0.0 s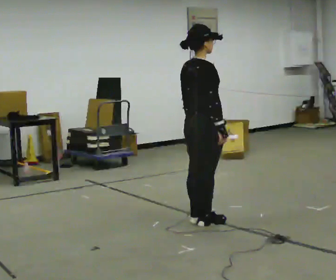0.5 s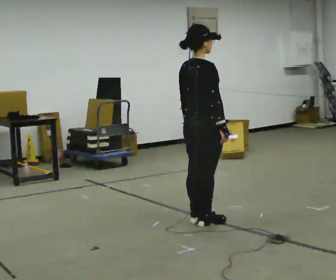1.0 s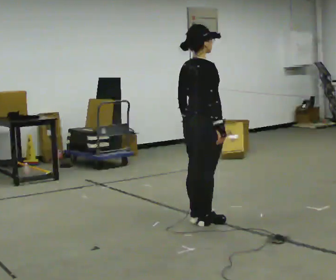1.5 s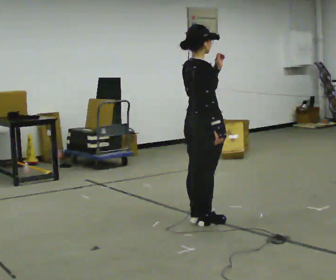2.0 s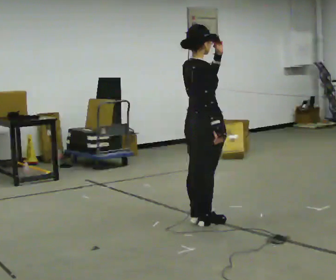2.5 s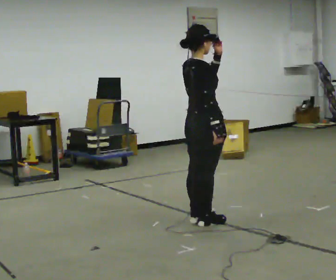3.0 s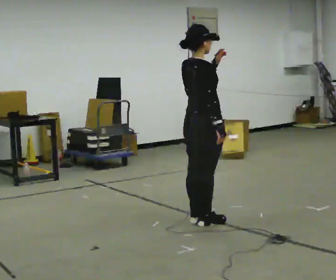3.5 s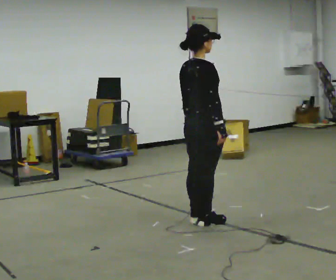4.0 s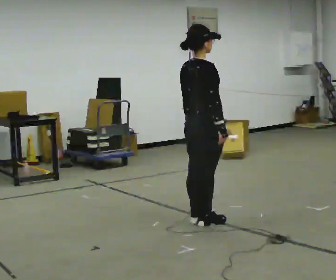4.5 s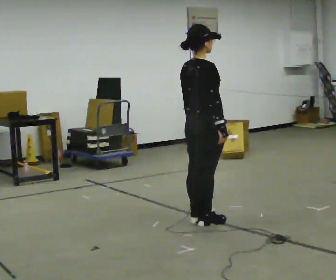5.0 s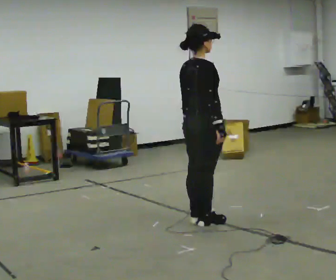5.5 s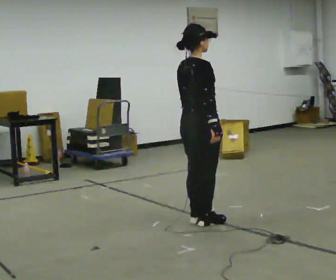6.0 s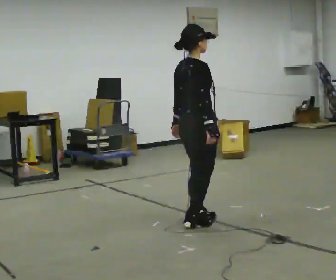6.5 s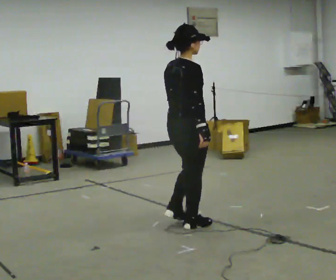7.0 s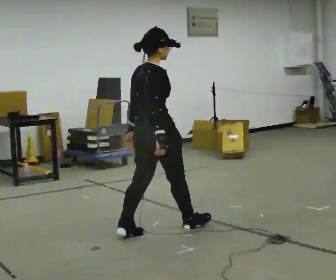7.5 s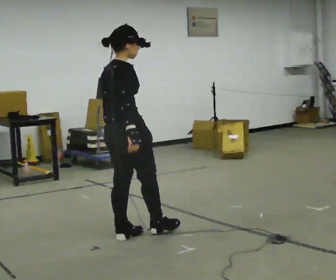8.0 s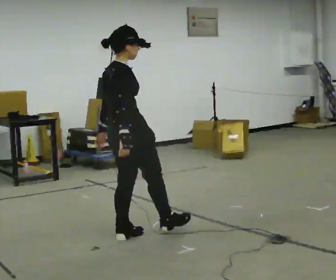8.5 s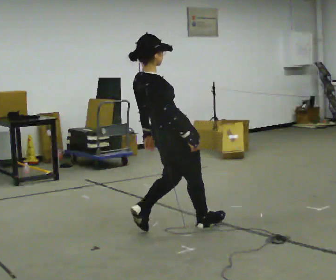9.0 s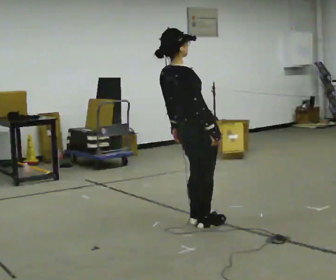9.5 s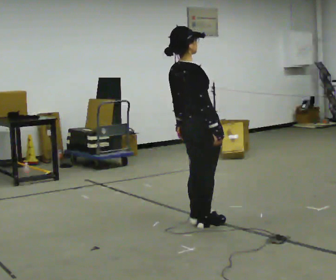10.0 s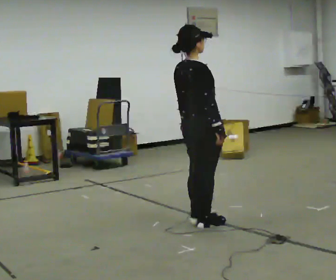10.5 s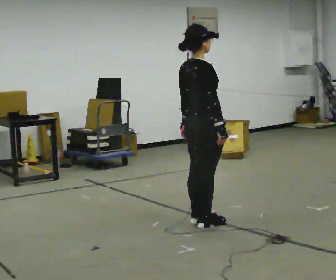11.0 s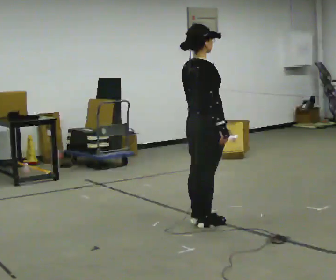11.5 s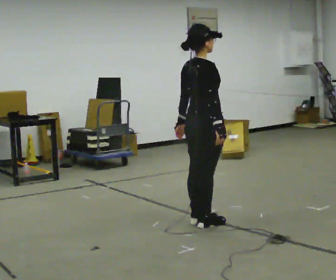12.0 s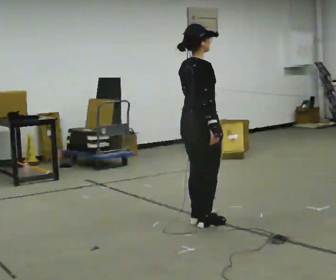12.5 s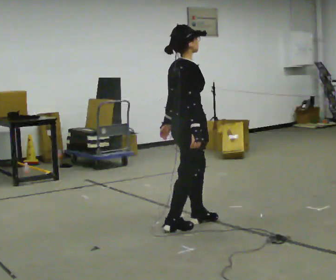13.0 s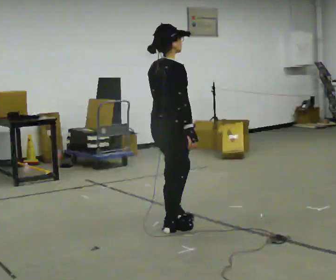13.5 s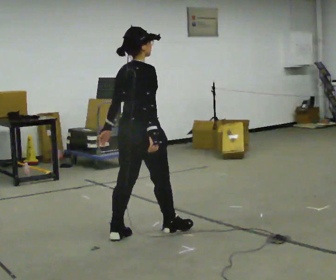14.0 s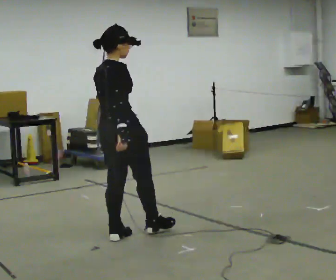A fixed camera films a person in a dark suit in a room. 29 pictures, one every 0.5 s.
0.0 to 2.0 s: In the picture their left hand goes upward.
2.0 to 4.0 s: In the picture their left hand goes downward.
4.0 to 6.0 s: The person moves a little, or ends about where they began.
6.0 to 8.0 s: In the picture they go to the left and toward the camera, about 0.75 m in 3 steps, which for them is backward.
8.0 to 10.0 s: In the picture they go to the right and away from the camera, about 0.75 m in 1 step, which for them is forward.
10.0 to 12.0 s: The person moves a little, or ends about where they began.
12.0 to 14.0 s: In the picture they go to the left and toward the camera, about 0.75 m in 2 steps, which for them is backward.
The film runs backward here.
